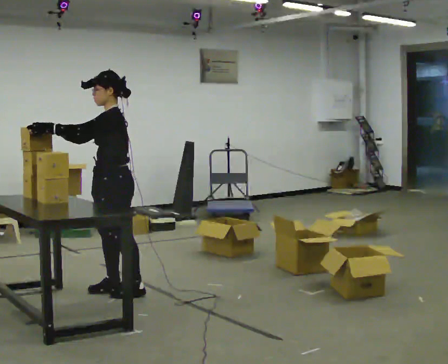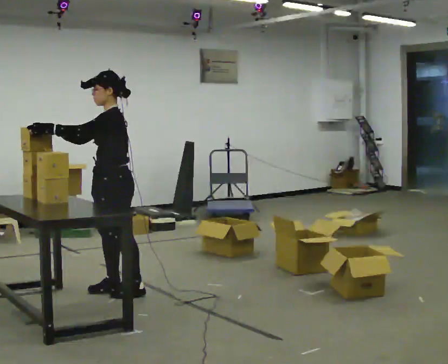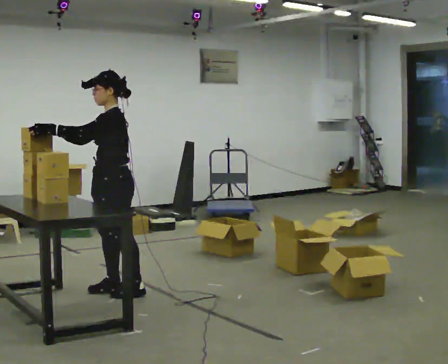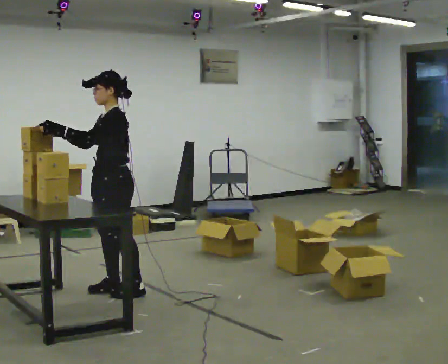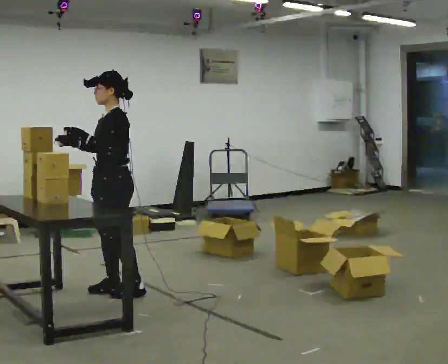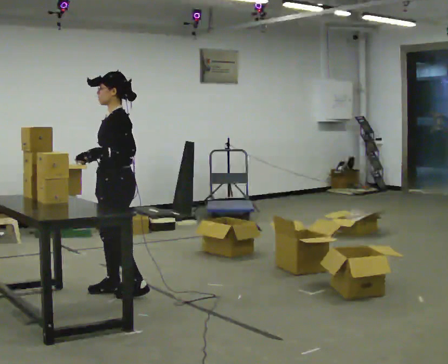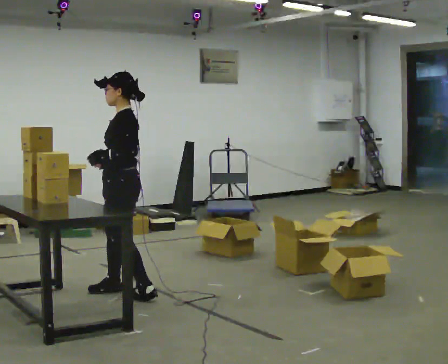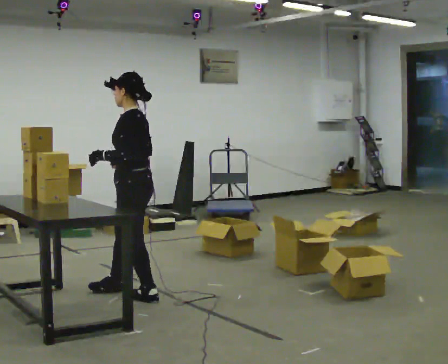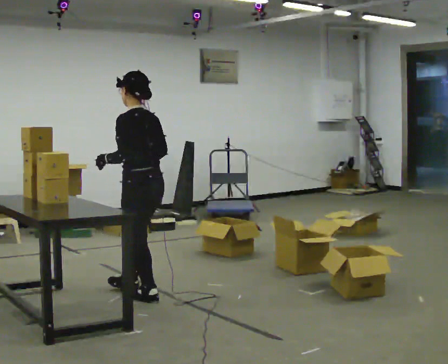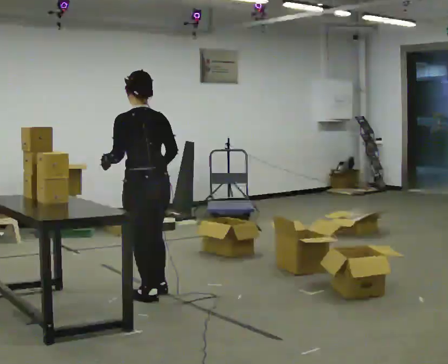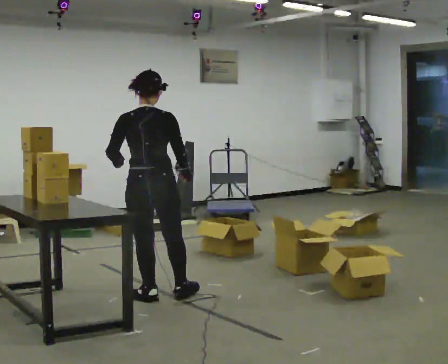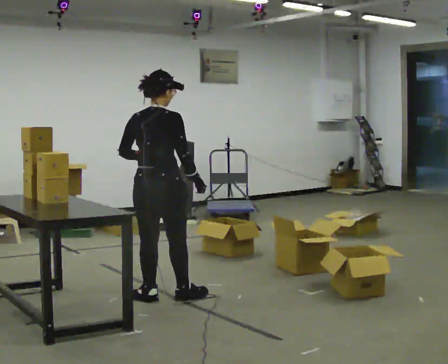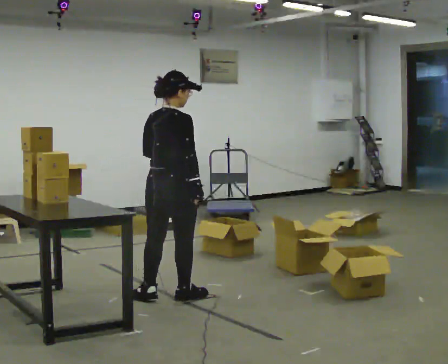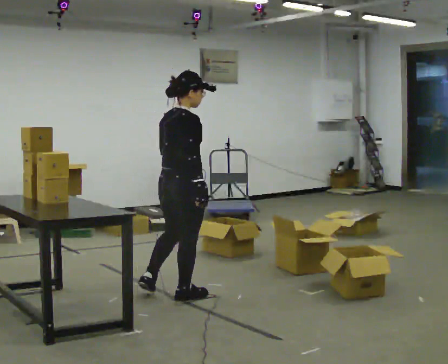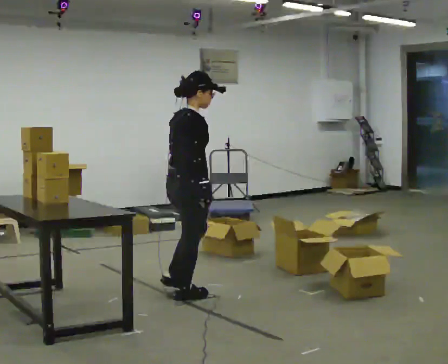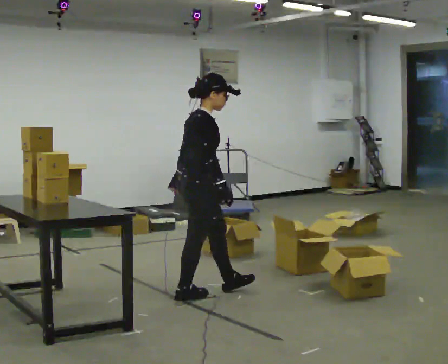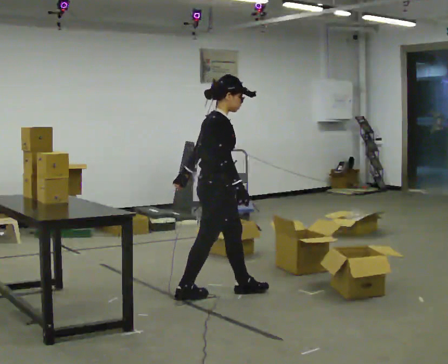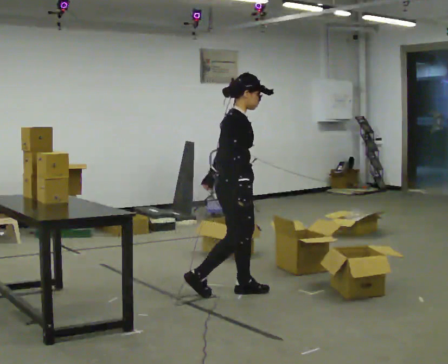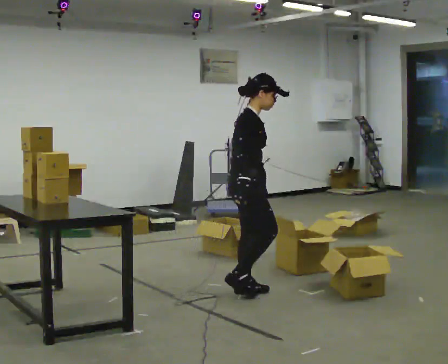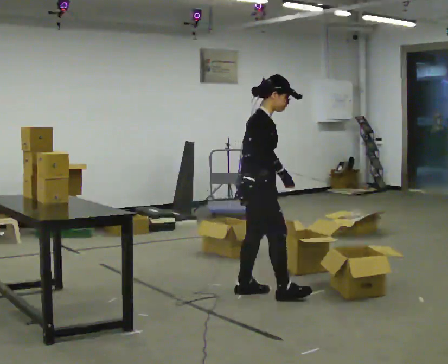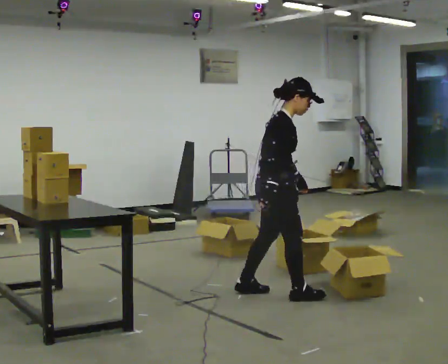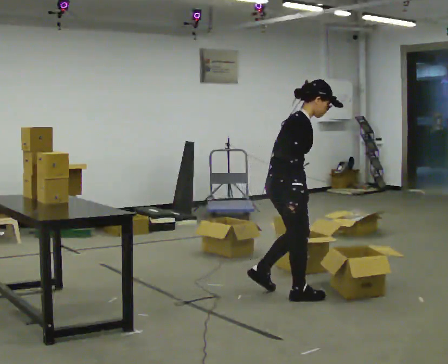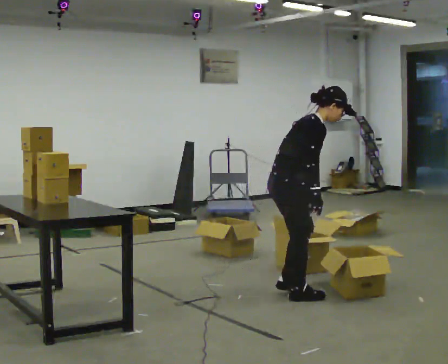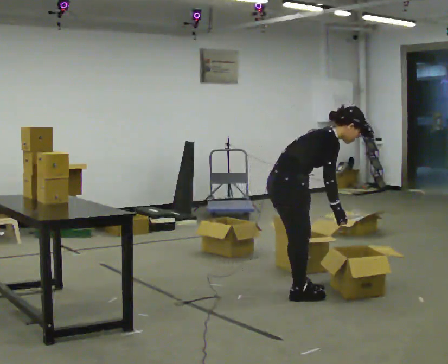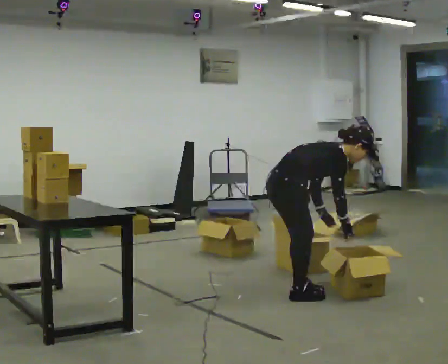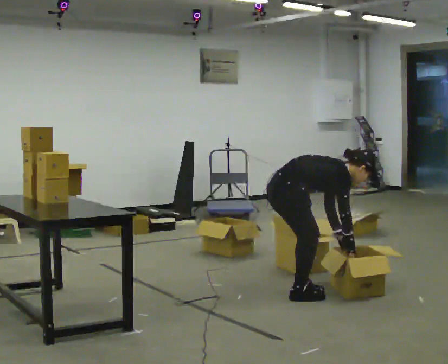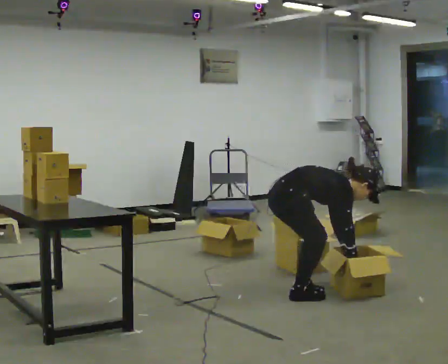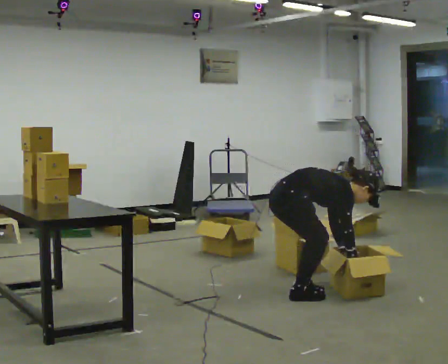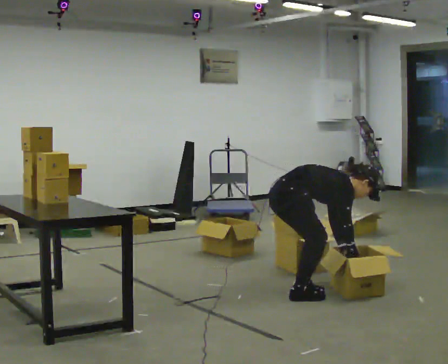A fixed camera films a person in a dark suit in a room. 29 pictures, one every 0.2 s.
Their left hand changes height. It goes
downward.
Their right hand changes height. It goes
downward.
0.0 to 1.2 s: In the picture their right hand goes to the right, the arm swinging counterclockwise.
1.2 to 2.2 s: Seen from above the body turns clockwise, about 120 degrees: to their right, with its near side sliding to the left. In the picture they go to the right and toward the camera, about 0.25 m in 1 step.
2.2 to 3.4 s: Seen from above the body turns clockwise, about 75 degrees: to their right, with its near side sliding to the left. In the picture they go to the right, about 0.5 m in 1 step.
3.4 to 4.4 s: In the picture they go to the right, about 0.5 m in 1 step, which for them is forward. In the picture the upper body tilts clockwise, shoulders to the right, as they bend forward.
4.4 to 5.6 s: The shoulders move downward. In the picture the upper body tilts clockwise, shoulders to the right, as they bend forward. In the picture their left hand goes downward and to the right.
The film runs forward here.
